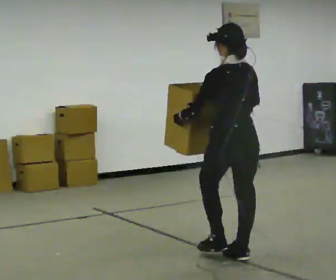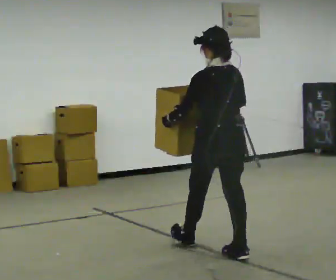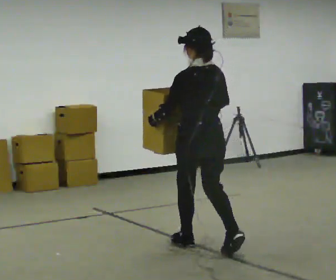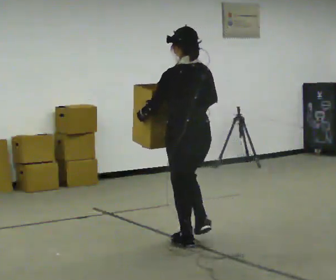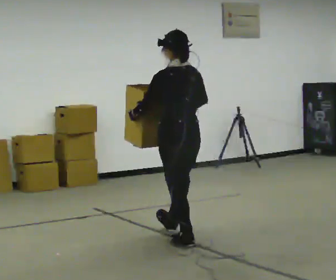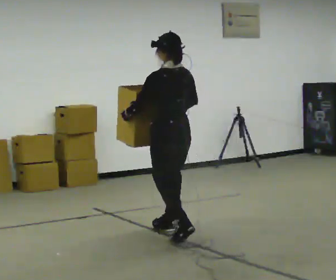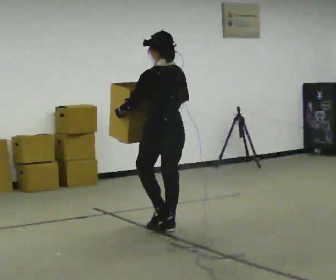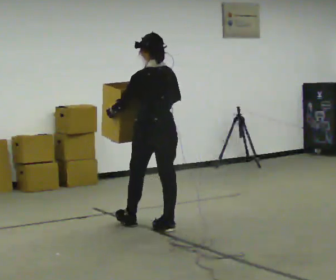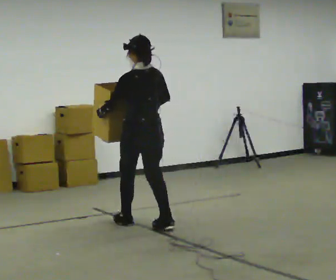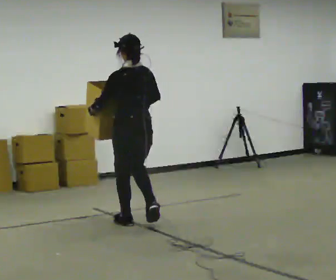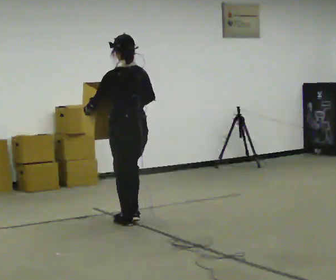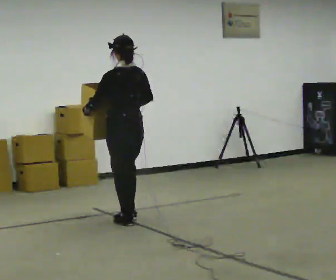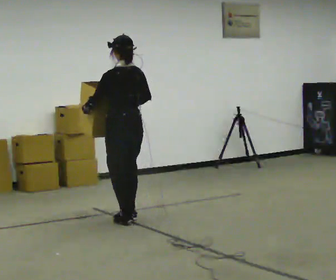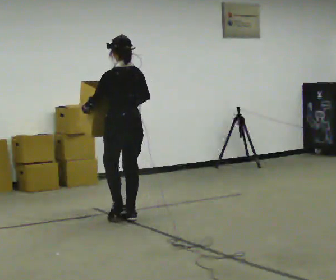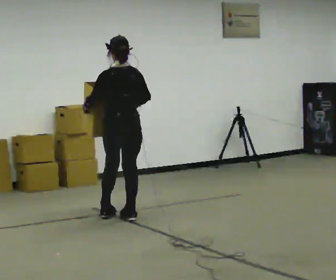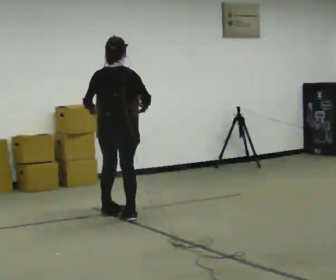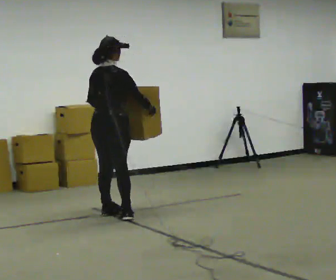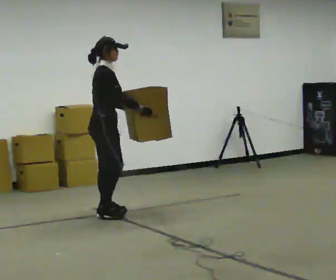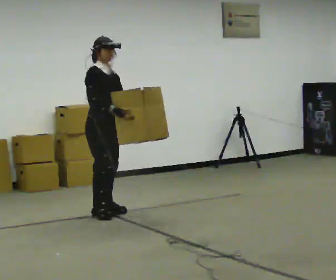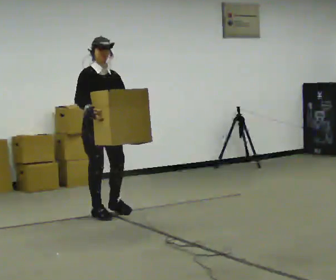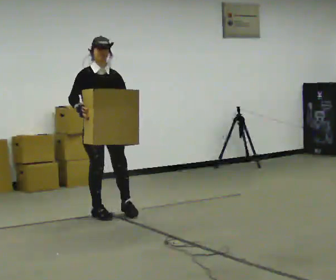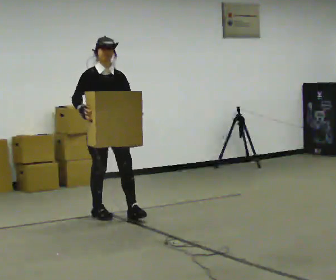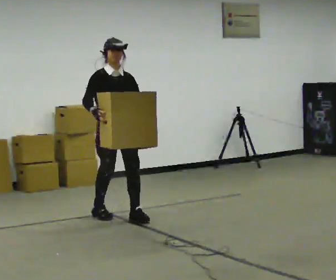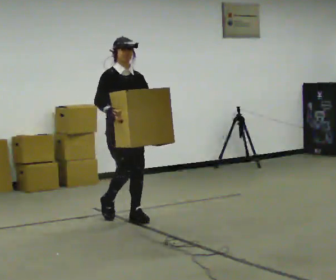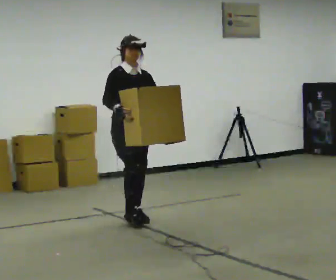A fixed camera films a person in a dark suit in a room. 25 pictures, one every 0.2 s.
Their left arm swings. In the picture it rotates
counterclockwise.
0.0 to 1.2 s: In the picture they go away from the camera and to the left, about 1 m in 2 steps, which for them is forward.
1.2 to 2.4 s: In the picture they go away from the camera and to the left, about 0.5 m in 2 steps, which for them is forward.
2.4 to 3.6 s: The person turns about 165 degrees to their right, clockwise seen from above, so the part of the body nearest the lens slides to the left. In the picture they go away from the camera and to the left, about 0.25 m in 2 steps.
3.6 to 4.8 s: The person turns about 30 degrees to their right, clockwise seen from above, so the part of the body nearest the lens slides to the left. In the picture they go toward the camera and to the right, about 0.5 m in 1 step, which for them is forward and to their left.
The film runs forward here.
